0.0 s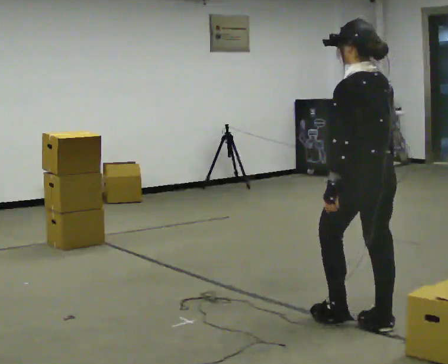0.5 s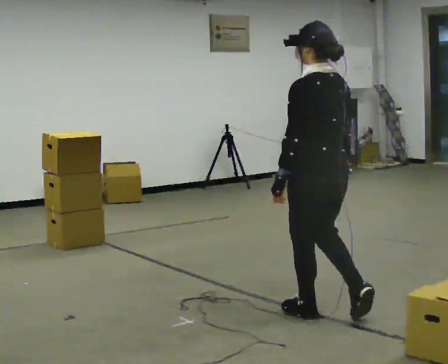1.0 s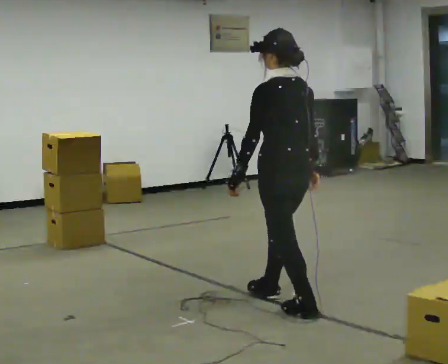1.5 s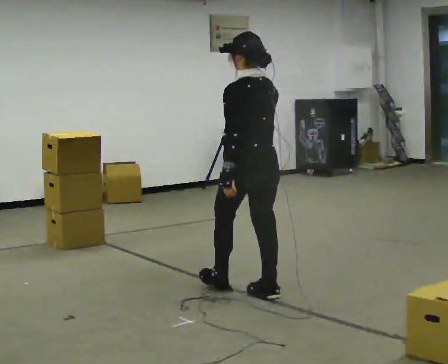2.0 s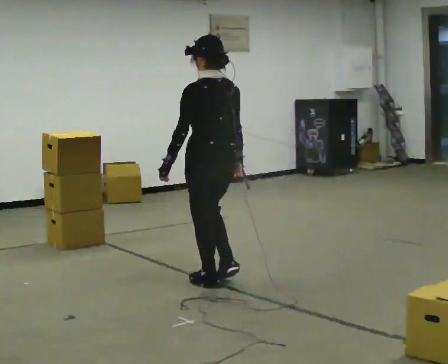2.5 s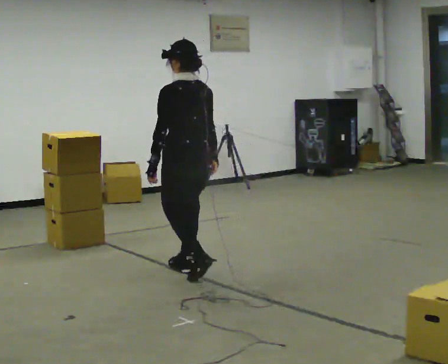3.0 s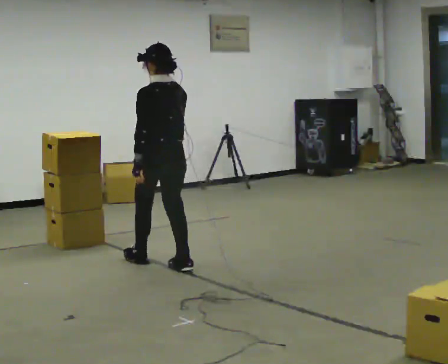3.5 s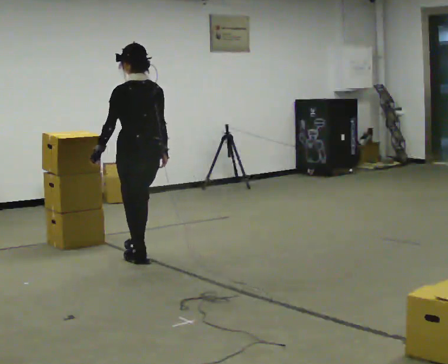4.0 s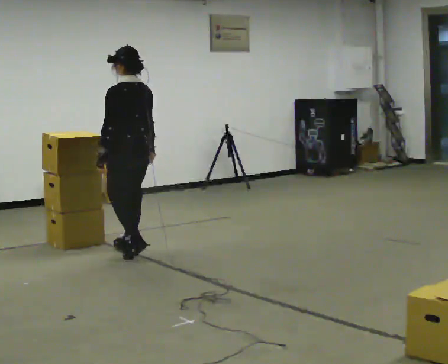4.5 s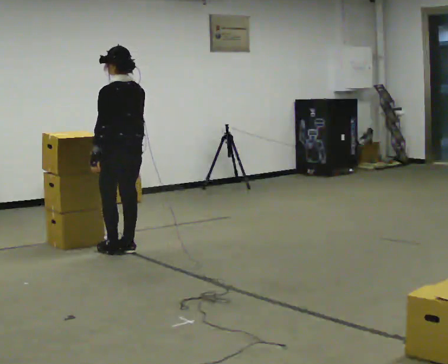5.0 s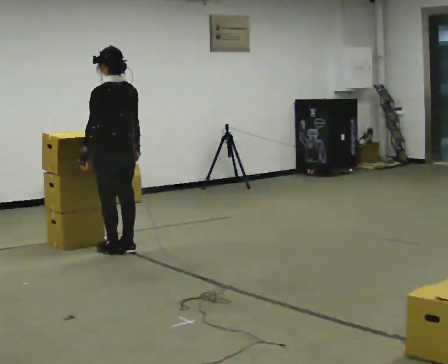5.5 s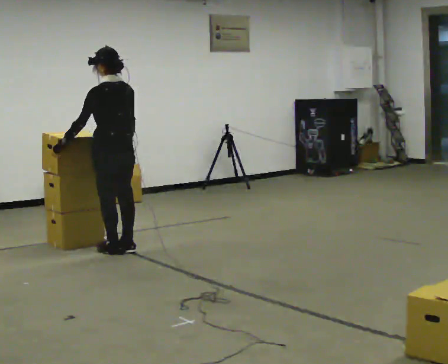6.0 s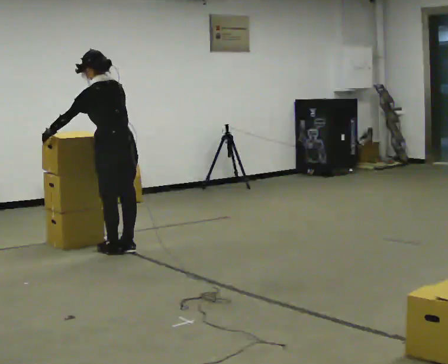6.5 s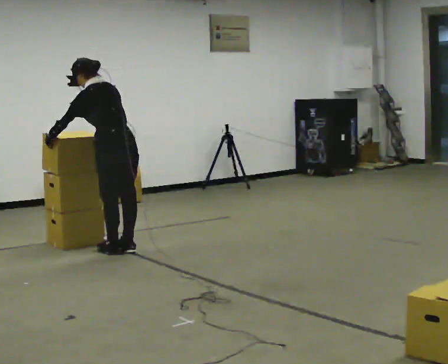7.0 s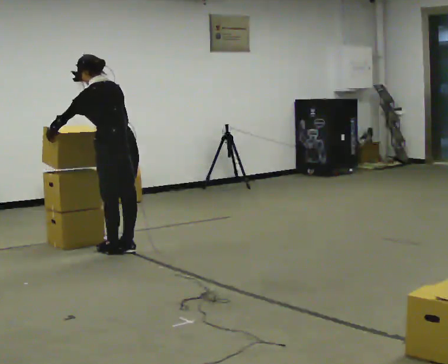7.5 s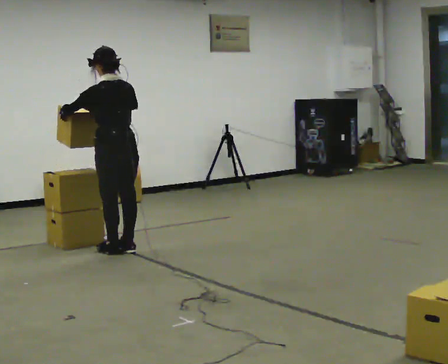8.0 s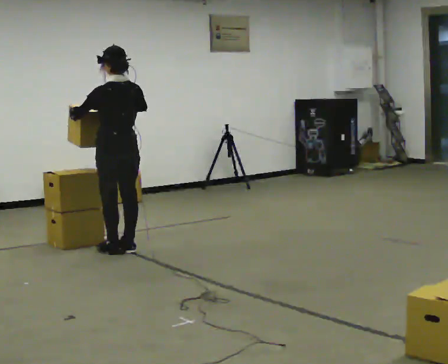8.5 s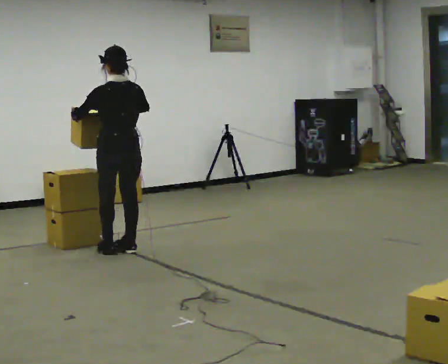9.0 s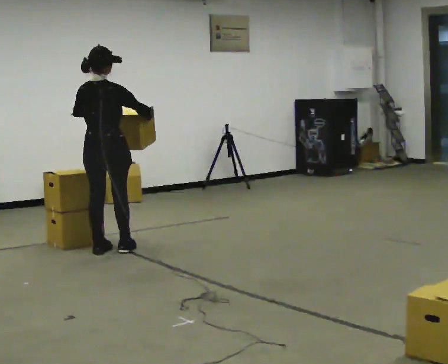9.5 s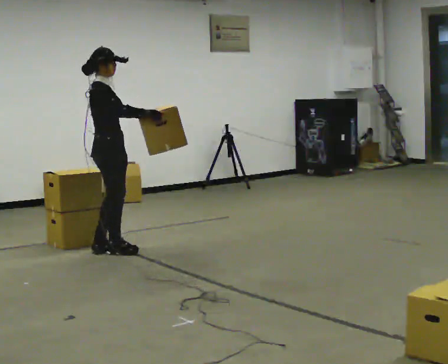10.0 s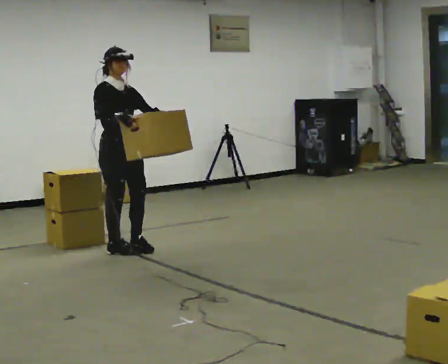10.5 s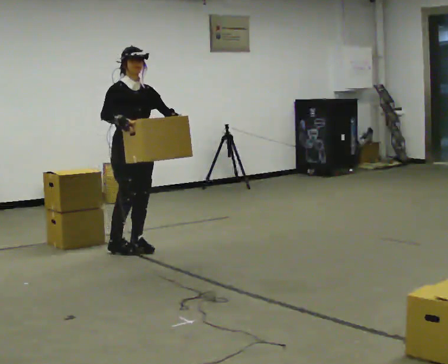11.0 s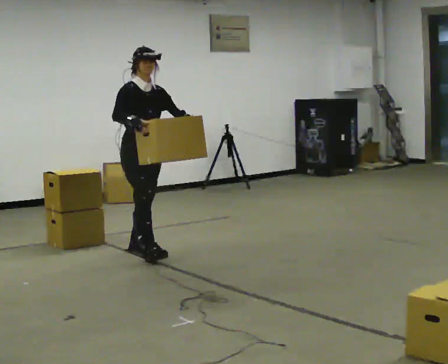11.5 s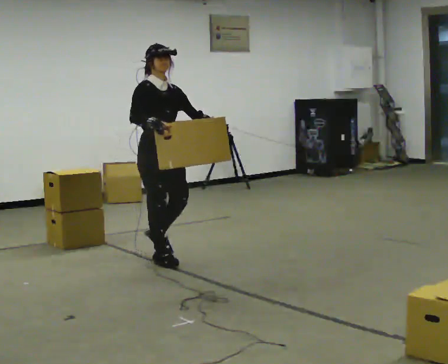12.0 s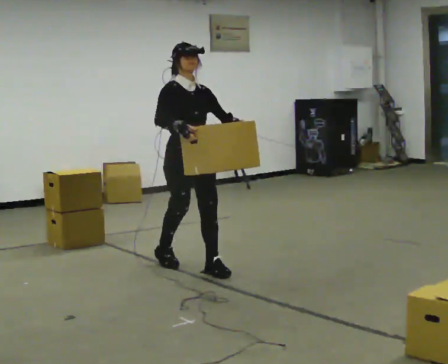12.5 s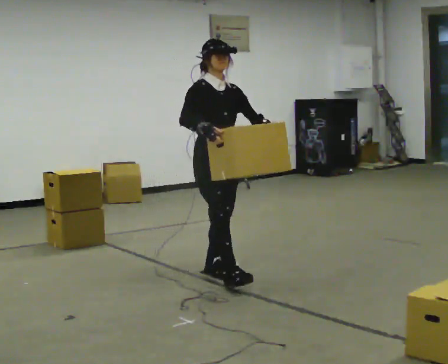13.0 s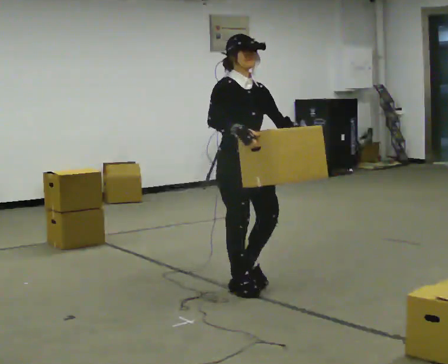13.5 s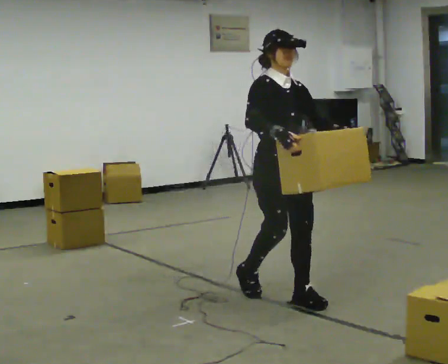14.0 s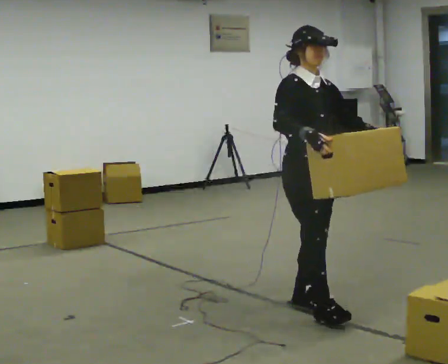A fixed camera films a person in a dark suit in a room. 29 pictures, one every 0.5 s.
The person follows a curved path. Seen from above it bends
clockwise.
0.0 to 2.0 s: In the picture they go away from the camera and to the left, about 1 m in 3 steps, which for them is forward.
2.0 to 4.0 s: In the picture they go away from the camera and to the left, about 1 m in 3 steps, which for them is forward.
4.0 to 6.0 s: In the picture the upper body tilts counterclockwise, shoulders to the left, as they bend forward. In the picture their left hand goes to the left.
6.0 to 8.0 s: The person moves a little, or ends about where they began.
8.0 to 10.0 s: The person turns about 165 degrees to their right, clockwise seen from above, so the part of the body nearest the lens slides to the left.
10.0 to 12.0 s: In the picture they go toward the camera and to the right, about 1 m in 2 steps, which for them is forward.
12.0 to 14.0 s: In the picture they go toward the camera and to the right, about 1.5 m in 3 steps, which for them is forward.
The film runs forward here.
